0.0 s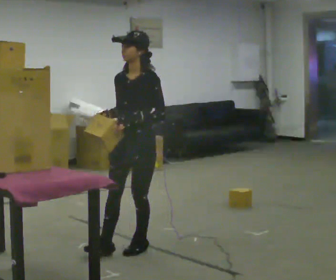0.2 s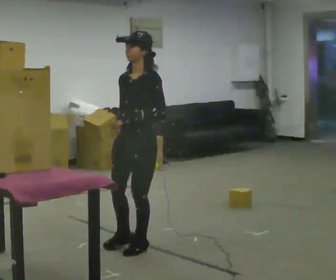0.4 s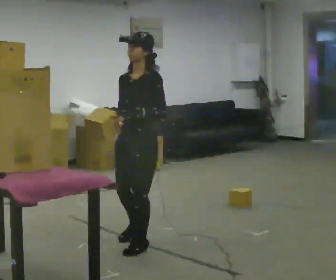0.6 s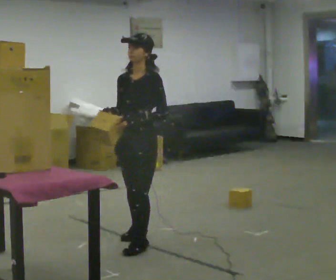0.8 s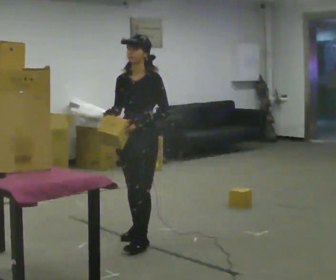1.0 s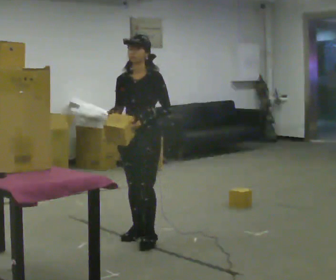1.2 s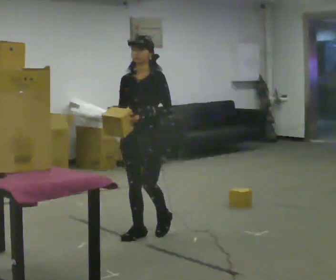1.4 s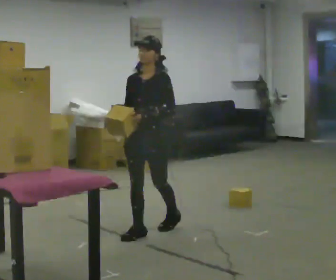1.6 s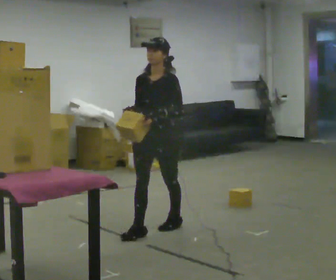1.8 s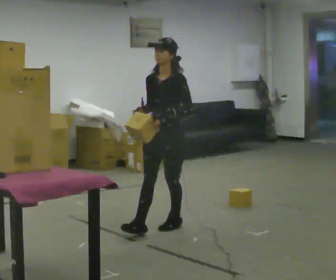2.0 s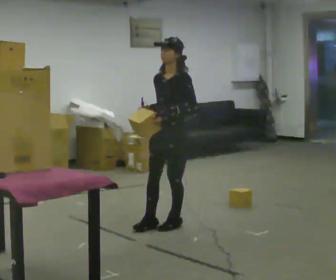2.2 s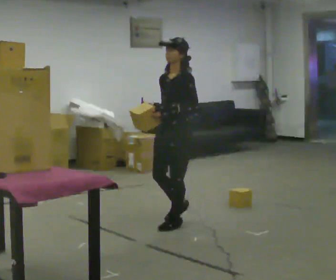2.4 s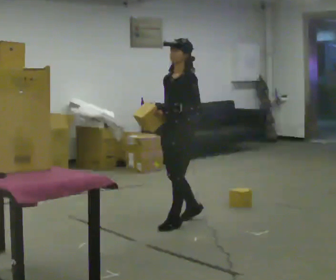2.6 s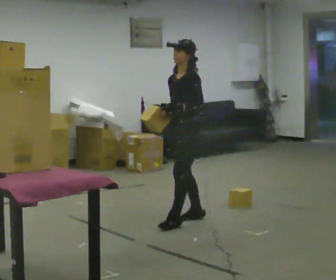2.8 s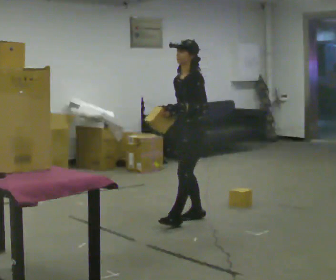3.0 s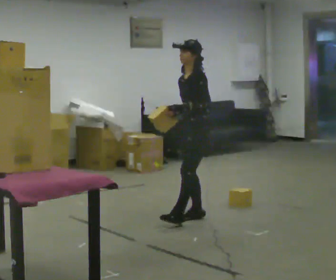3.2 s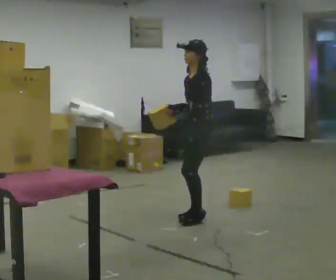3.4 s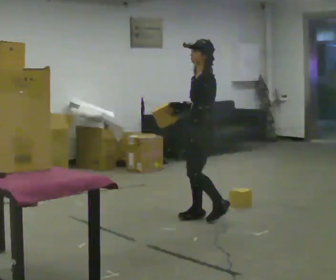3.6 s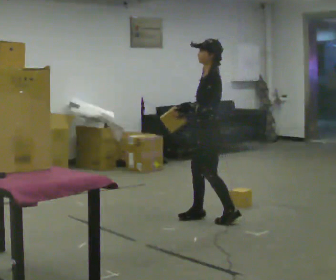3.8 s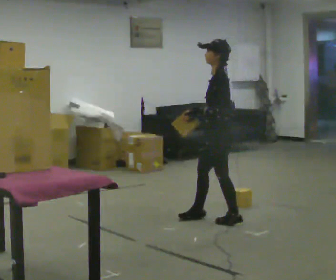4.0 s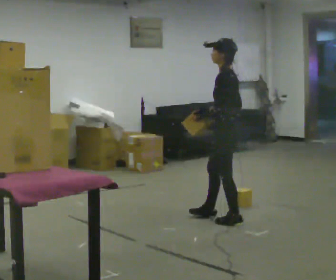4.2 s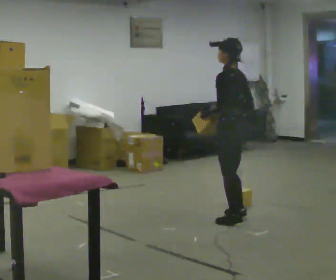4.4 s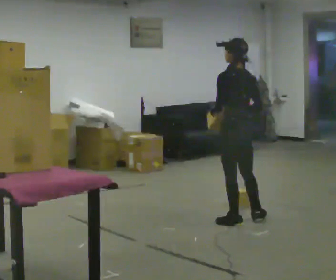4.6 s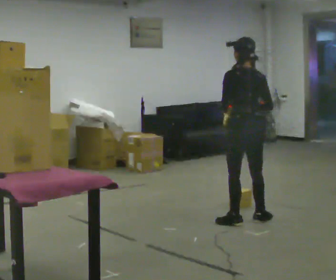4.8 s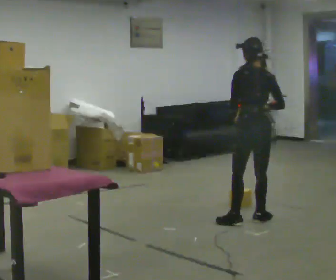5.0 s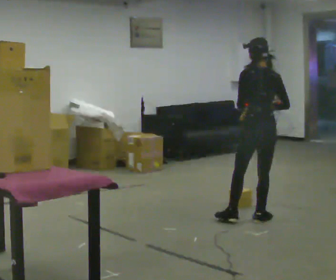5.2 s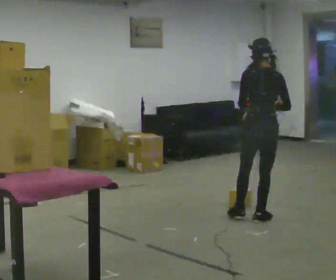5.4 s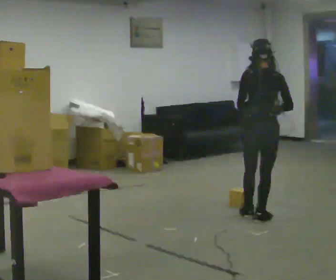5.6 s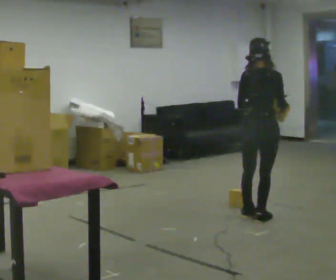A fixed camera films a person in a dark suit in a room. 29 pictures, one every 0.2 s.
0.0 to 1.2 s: In the picture they go away from the camera, about 0.5 m in 1 step, which for them is backward and to their right.
1.2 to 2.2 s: The part of the body nearest the lens slides to the left as the person turns to their right by about 30 degrees. In the picture they go away from the camera and to the right, about 0.5 m in 1 step, which for them is backward.
2.2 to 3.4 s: In the picture they go to the right and away from the camera, about 0.25 m in 1 step, which for them is backward and to their right.
3.4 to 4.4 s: The person turns about 75 degrees to their right, clockwise seen from above, so the part of the body nearest the lens slides to the left. In the picture they go to the right and toward the camera, about 0.25 m in 1 step.
4.4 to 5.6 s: The part of the body nearest the lens slides to the left as the person turns to their right by about 60 degrees. In the picture they go to the right, about 0.25 m in 1 step, which for them is to their right. In the picture their left hand goes to the right.
The film runs backward here.
